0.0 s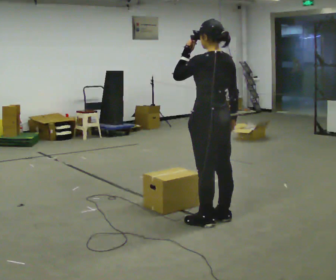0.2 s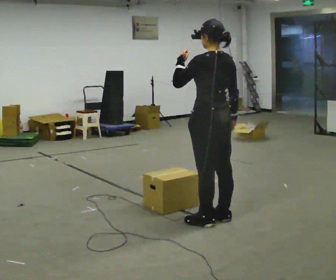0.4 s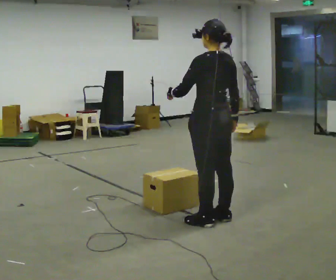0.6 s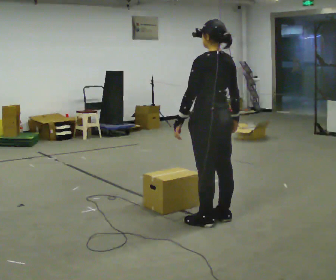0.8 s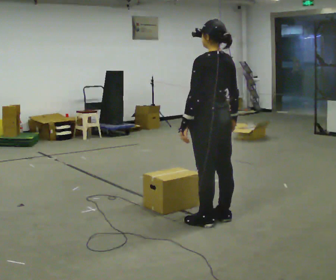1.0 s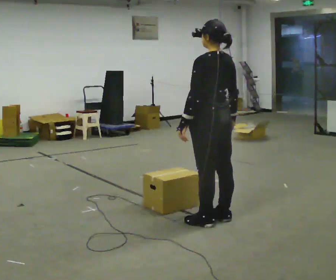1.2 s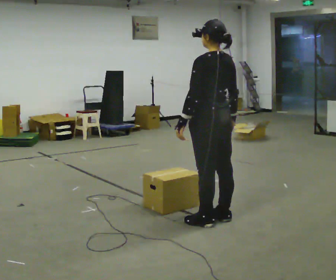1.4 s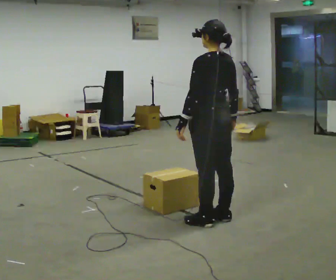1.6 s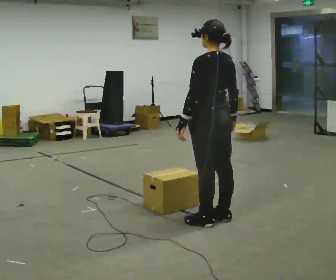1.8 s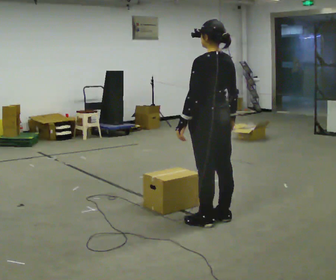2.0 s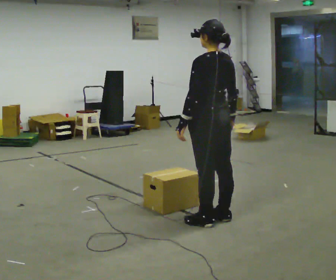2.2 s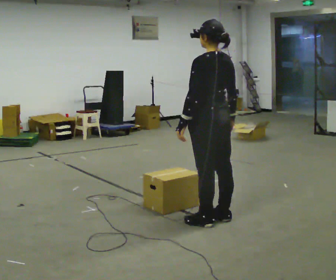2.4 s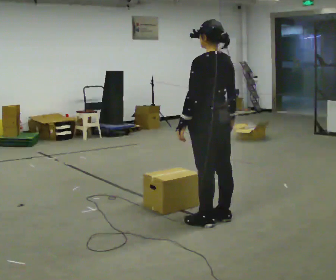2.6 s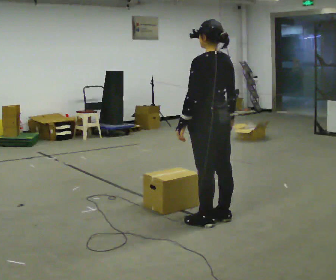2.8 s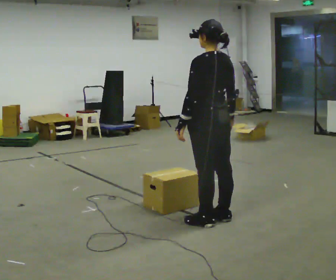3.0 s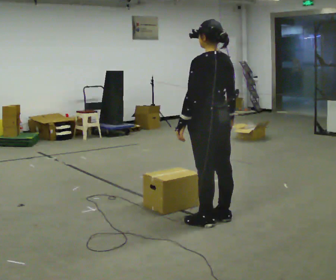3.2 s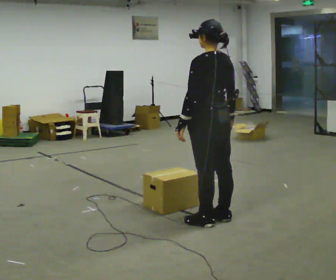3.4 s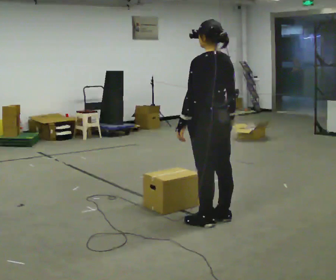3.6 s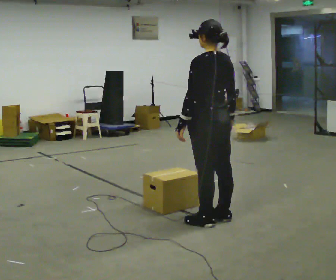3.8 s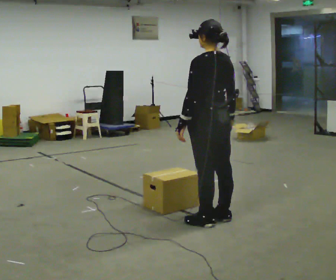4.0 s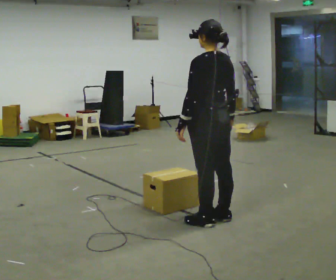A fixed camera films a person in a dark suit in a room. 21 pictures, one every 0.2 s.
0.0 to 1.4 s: In the picture their left hand goes downward.
1.4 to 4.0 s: The person keeps their place and pose.
The film runs forward here.
